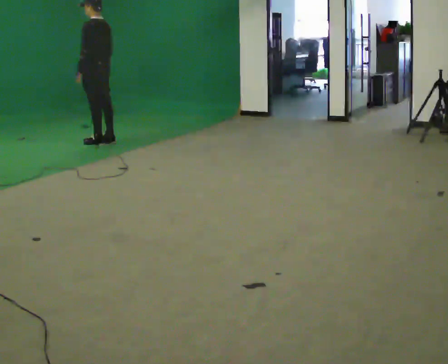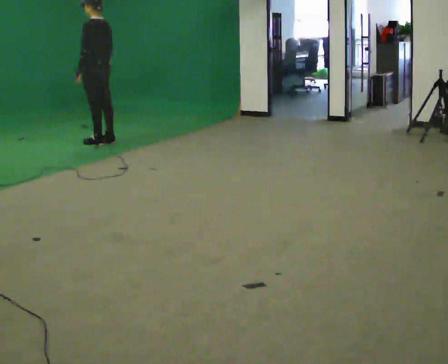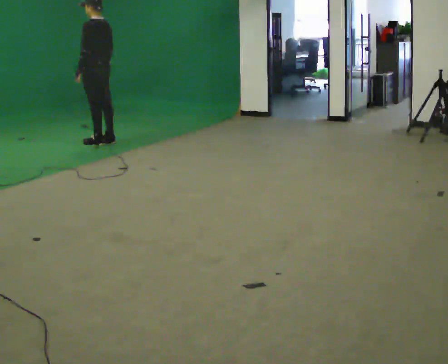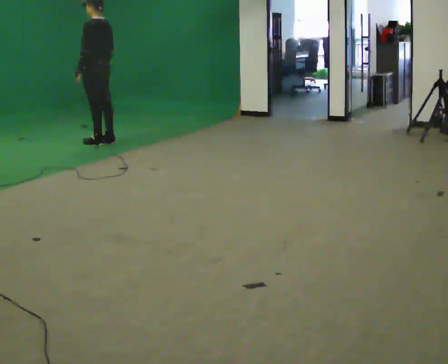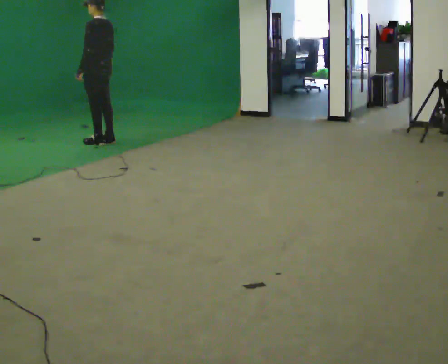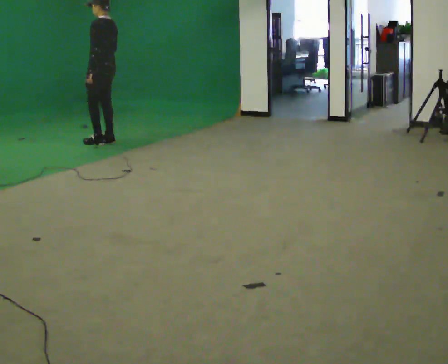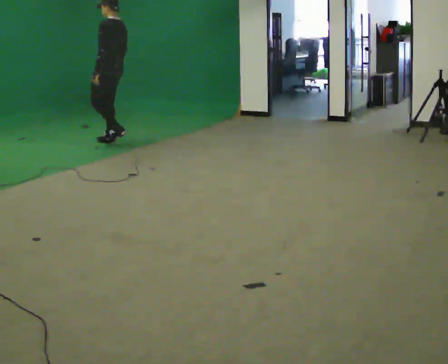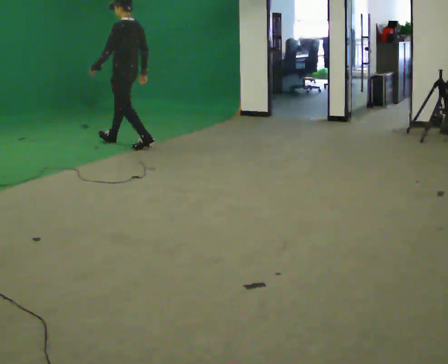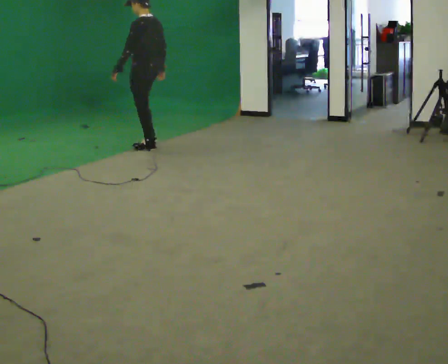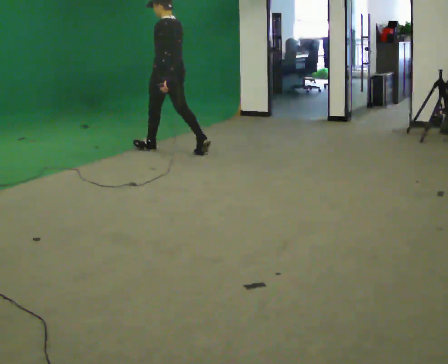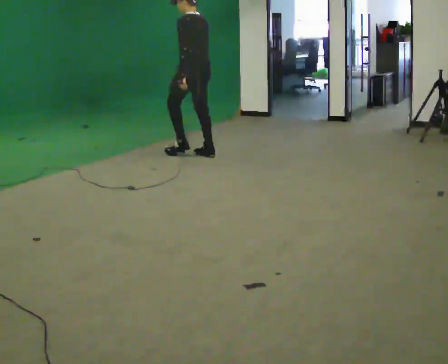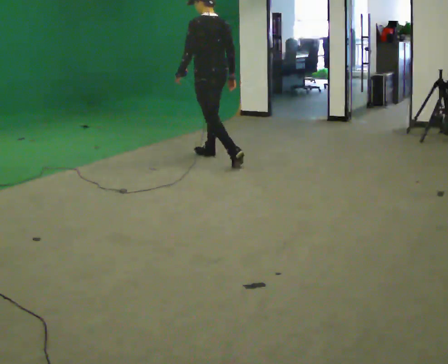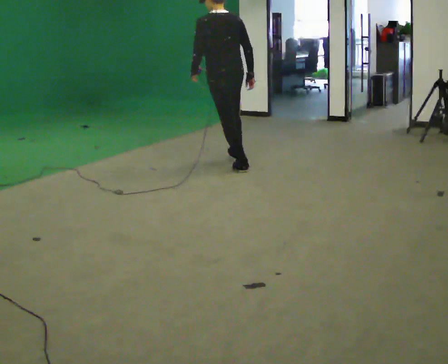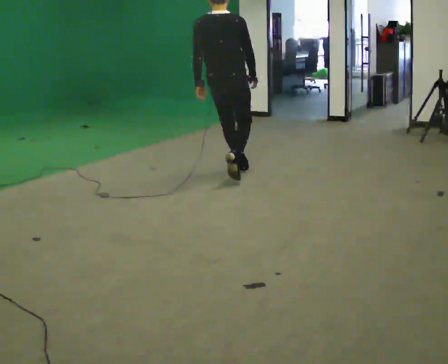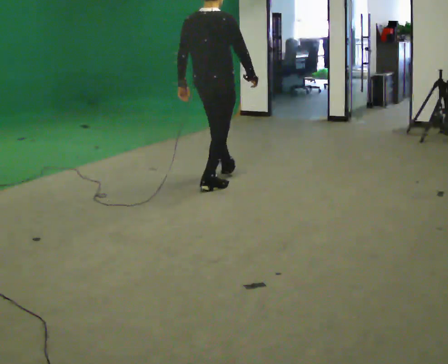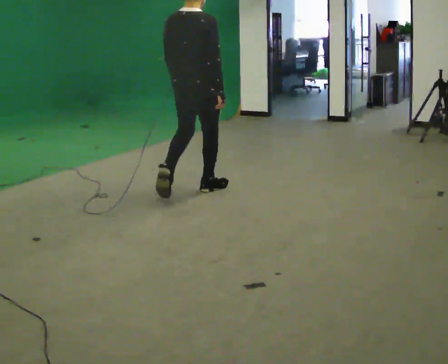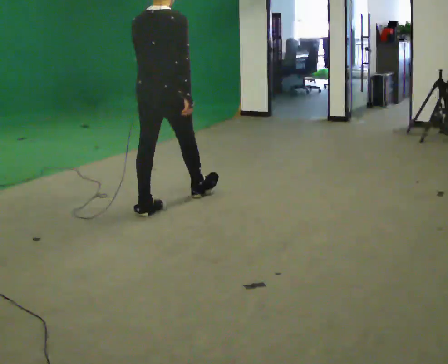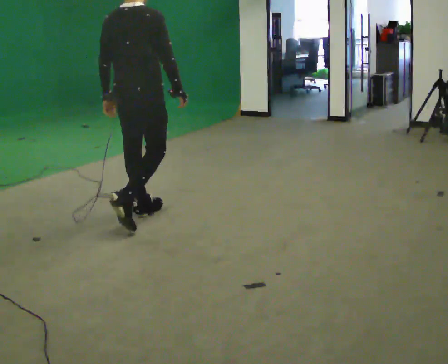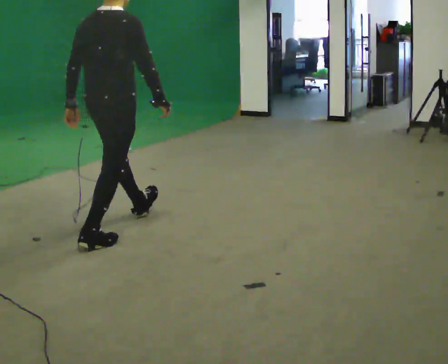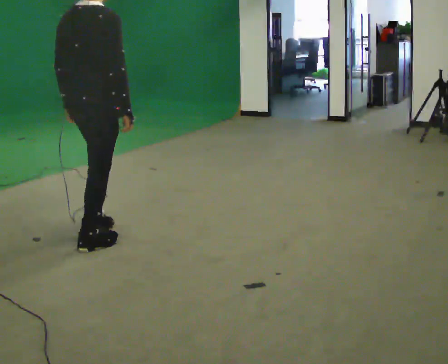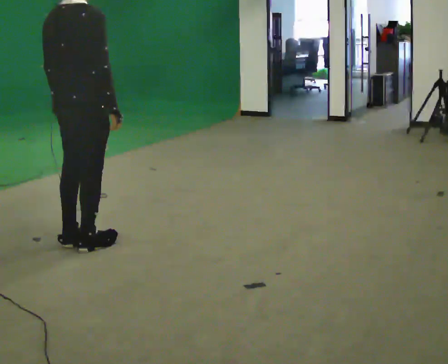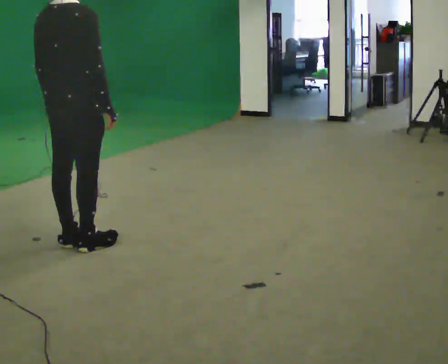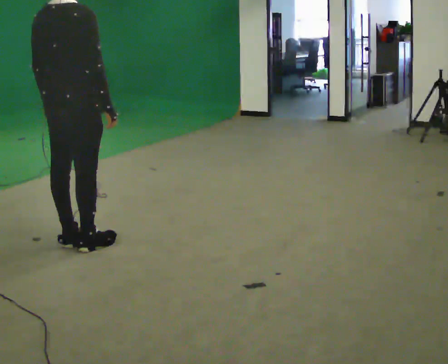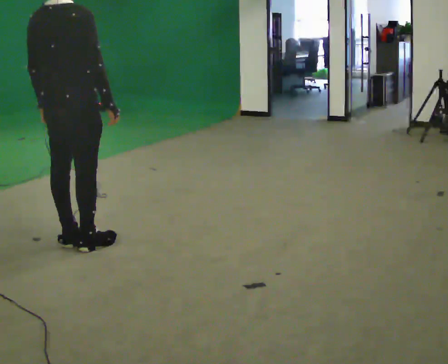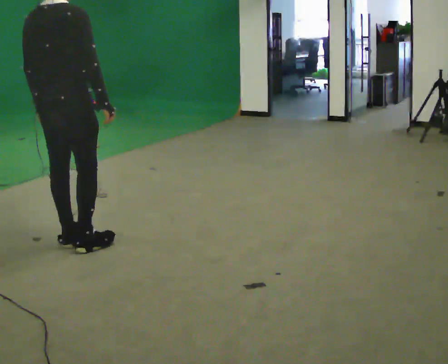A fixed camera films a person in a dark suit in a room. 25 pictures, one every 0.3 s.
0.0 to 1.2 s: The person moves a little, or ends about where they began.
1.2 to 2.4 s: In the picture they go to the right and toward the camera, about 0.75 m in 2 steps, which for them is backward.
2.4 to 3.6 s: The part of the body nearest the lens slides to the left as the person turns to their right by about 30 degrees. In the picture they go to the right and toward the camera, about 1 m in 2 steps, which for them is backward.
3.6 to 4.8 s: The part of the body nearest the lens slides to the left as the person turns to their right by about 60 degrees. In the picture they go toward the camera, about 1 m in 2 steps.
4.8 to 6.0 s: In the picture they go toward the camera and to the left, about 1 m in 1 step, which for them is backward.
6.0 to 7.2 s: The person moves a little, or ends about where they began.
The film runs backward here.
